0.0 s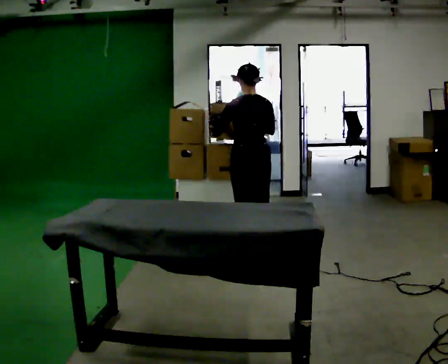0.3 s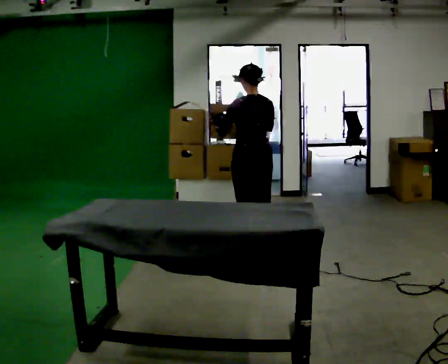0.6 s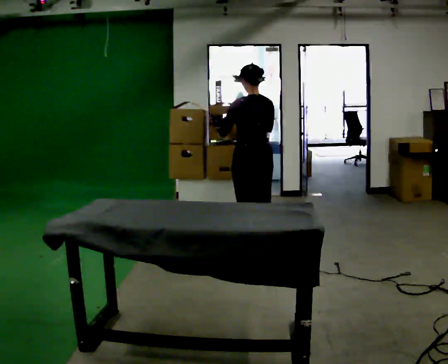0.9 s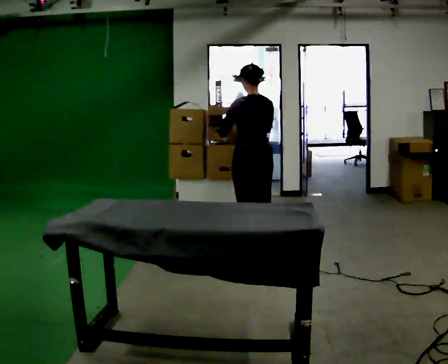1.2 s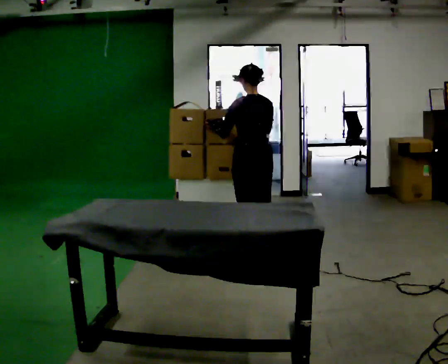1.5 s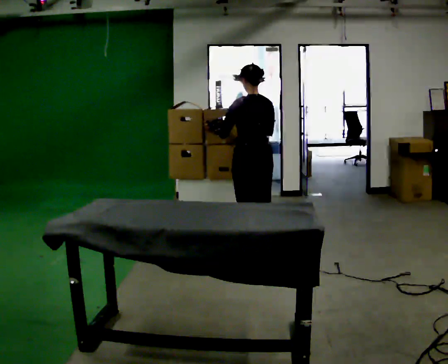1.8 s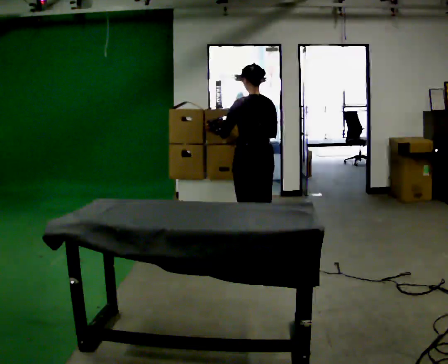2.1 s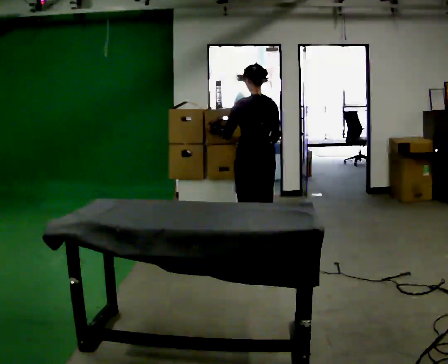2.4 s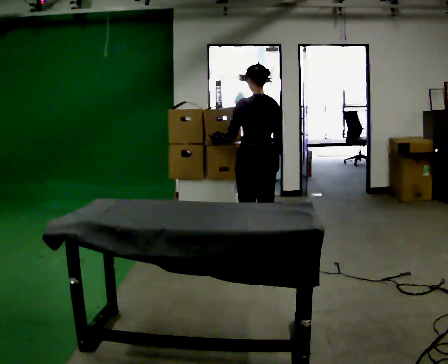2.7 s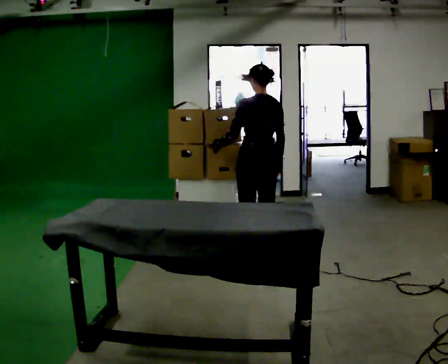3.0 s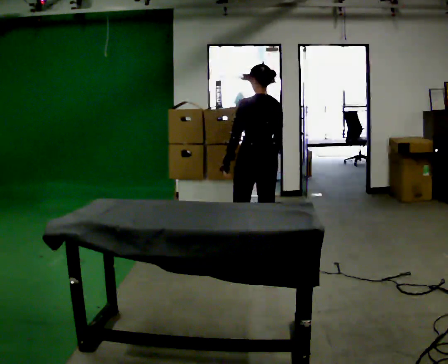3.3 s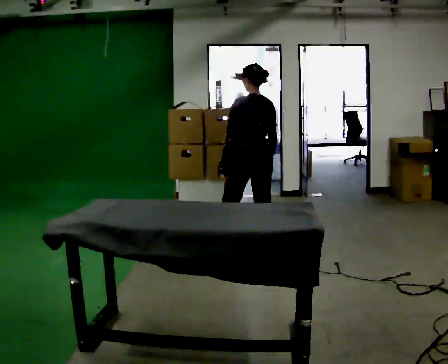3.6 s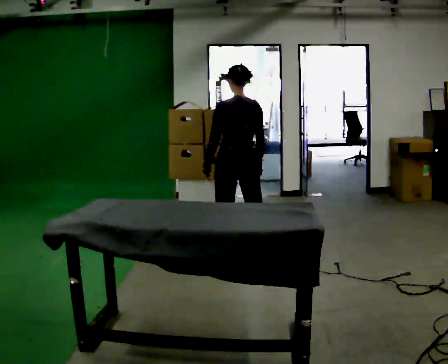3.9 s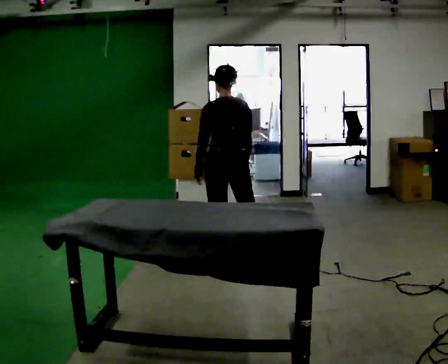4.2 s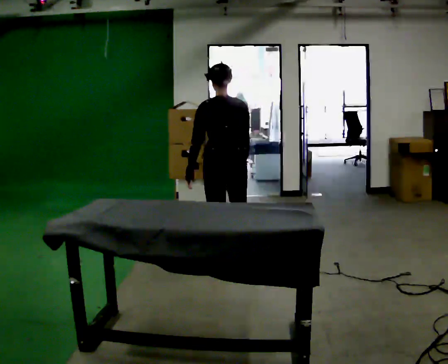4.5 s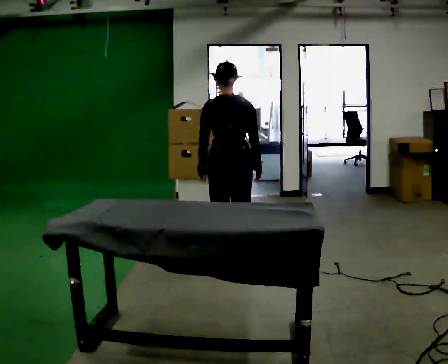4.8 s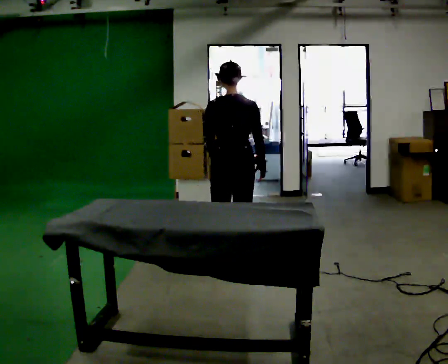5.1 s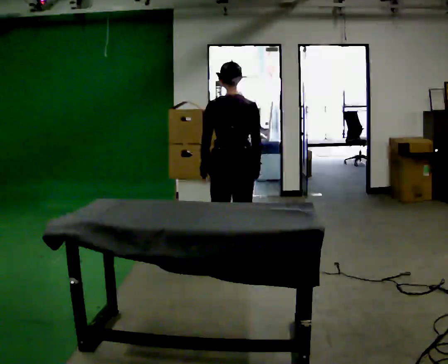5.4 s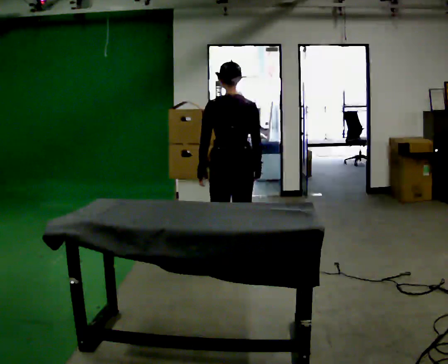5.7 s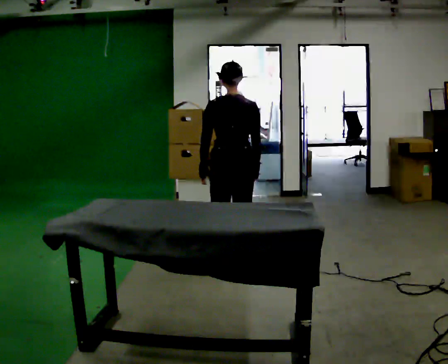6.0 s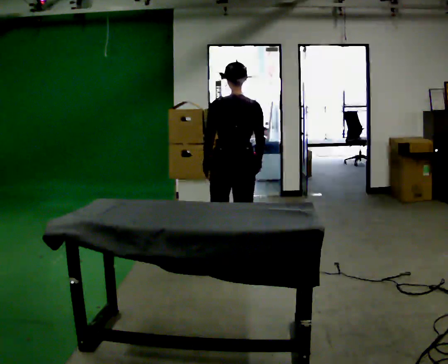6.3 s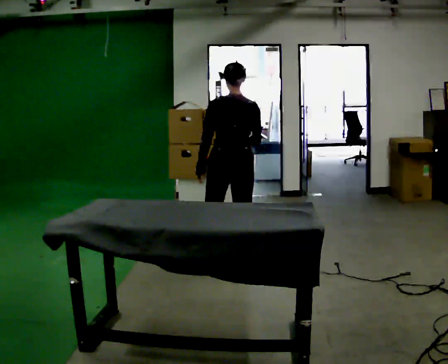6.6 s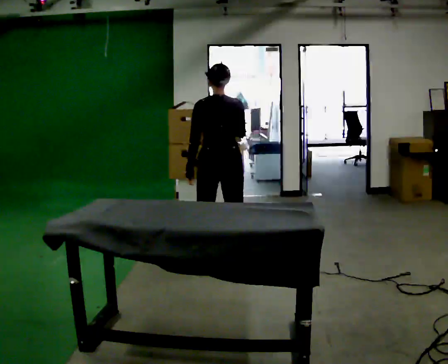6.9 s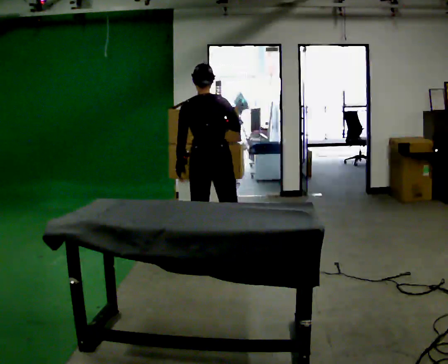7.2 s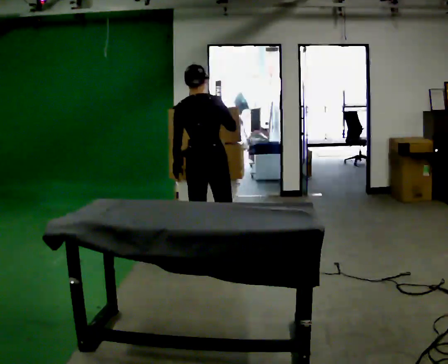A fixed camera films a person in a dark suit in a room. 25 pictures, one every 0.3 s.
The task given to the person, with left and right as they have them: Move objects one at a time from the waist-height shelf at one end of the room to the waist-height shelf at the other end. Keep going until the operator says stop; one object at a time, and do not rush between trips.
0.0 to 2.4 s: In the picture their right hand goes downward.
2.4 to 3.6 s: In the picture they go toward the camera and to the left, about 0.25 m in 1 step, which for them is to their left.
3.6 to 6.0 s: In the picture they go toward the camera, about 0.25 m in 1 step, which for them is backward.
6.0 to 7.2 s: In the picture they go to the left and away from the camera, about 0.25 m in 2 steps, which for them is to their left and forward. In the picture their right hand goes upward.
The film runs forward here.
